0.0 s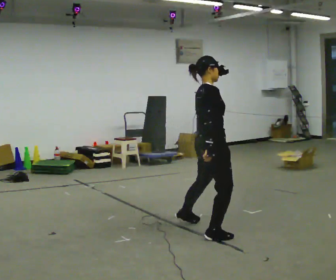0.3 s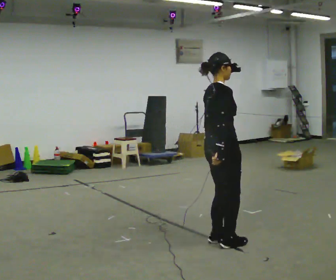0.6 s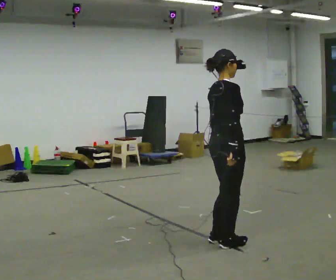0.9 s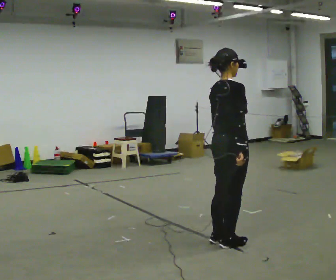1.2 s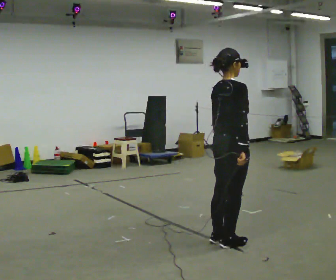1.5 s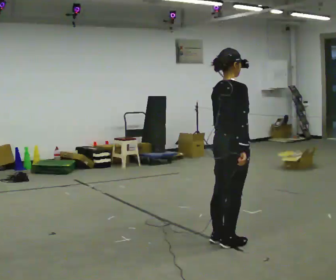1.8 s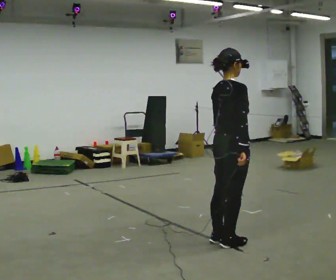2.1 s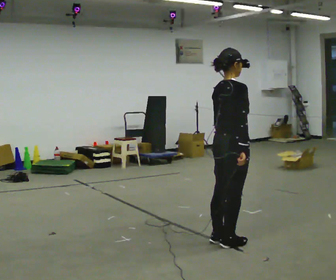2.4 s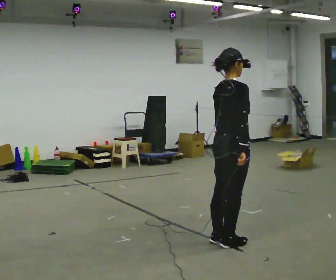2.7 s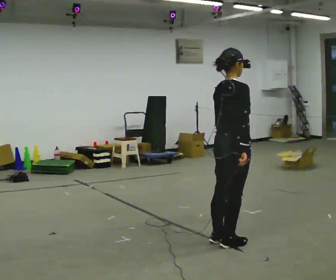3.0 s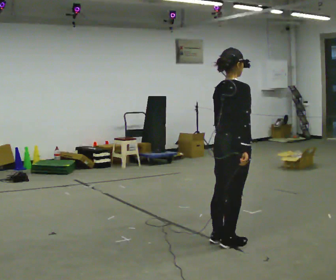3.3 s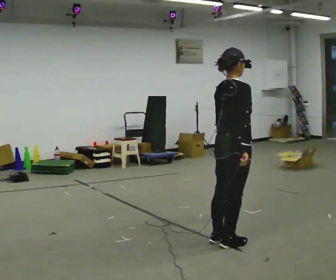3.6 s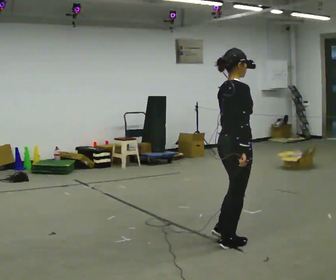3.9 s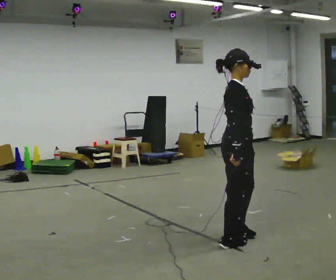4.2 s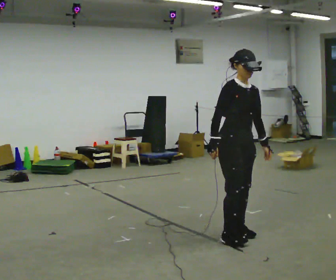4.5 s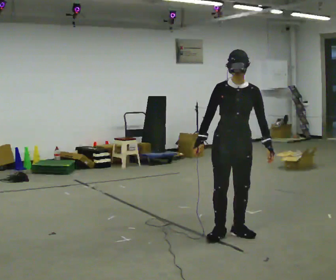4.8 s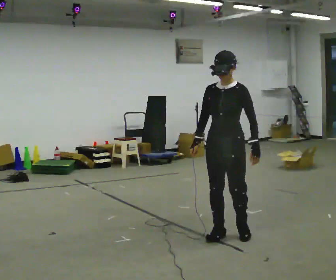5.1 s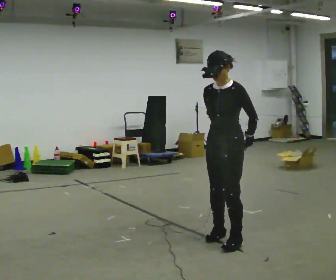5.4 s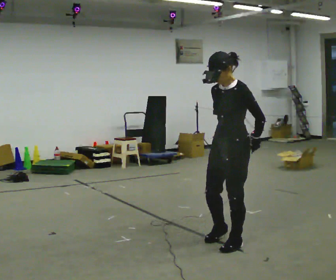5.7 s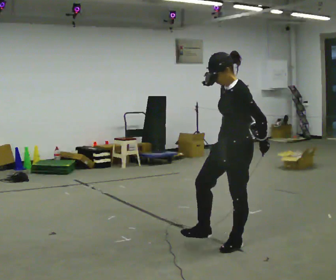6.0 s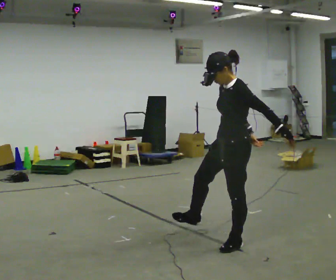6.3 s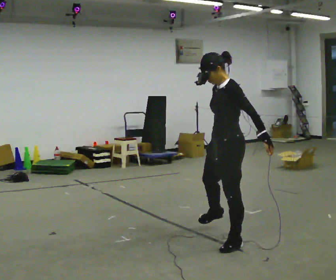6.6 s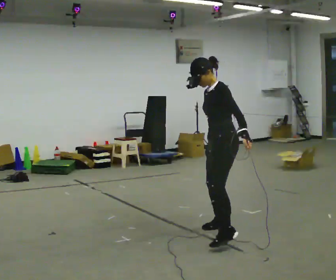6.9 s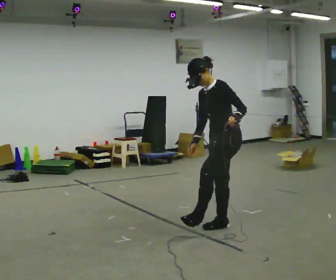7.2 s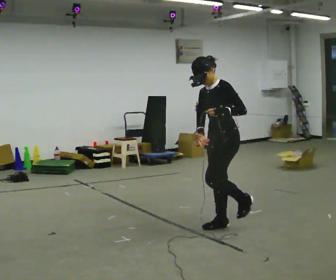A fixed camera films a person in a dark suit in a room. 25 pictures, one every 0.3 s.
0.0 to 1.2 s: In the picture they go toward the camera and to the right, about 0.25 m in 2 steps, which for them is to their right.
1.2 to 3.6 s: The person moves a little, or ends about where they began.
3.6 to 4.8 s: The part of the body nearest the lens slides to the left as the person turns to their right by about 135 degrees. In the picture they go away from the camera, about 0.25 m in 2 steps. In the picture their right hand goes to the left.
4.8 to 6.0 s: The person turns about 45 degrees to their right, clockwise seen from above, so the part of the body nearest the lens slides to the left. In the picture they go toward the camera, about 0.25 m in 1 step, which for them is to their left. In the picture their right hand goes to the right, the arm swinging counterclockwise.
6.0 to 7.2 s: In the picture they go away from the camera, about 0.5 m in 1 step, which for them is to their right.
The film runs forward here.
